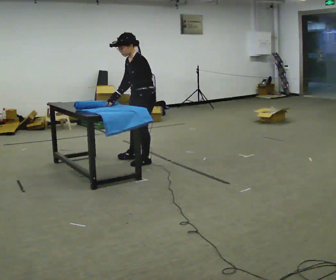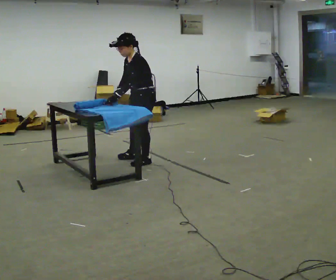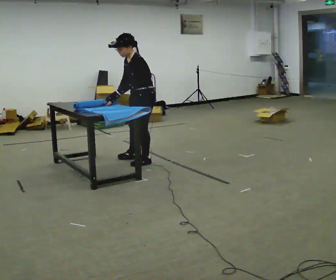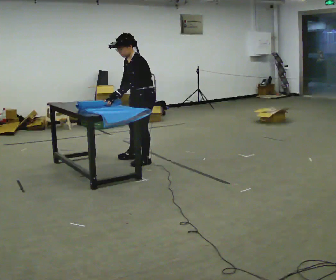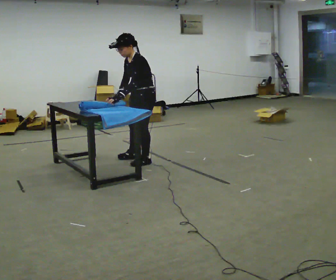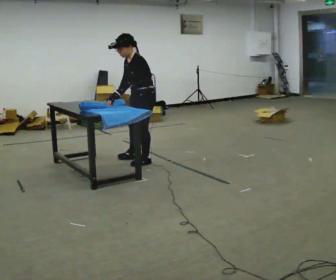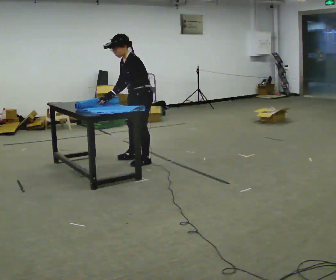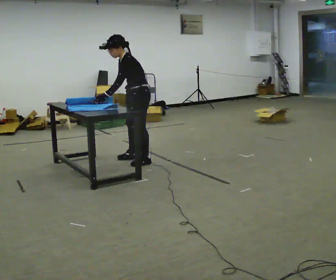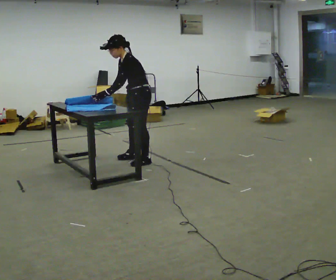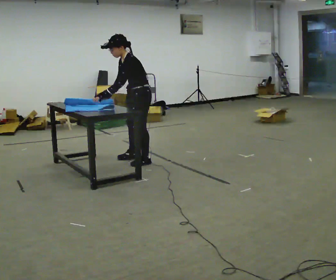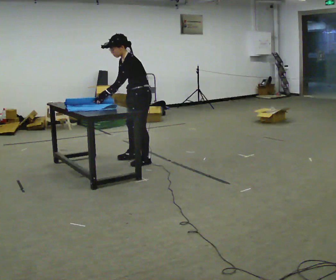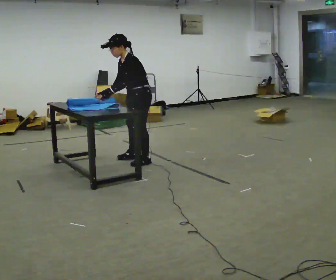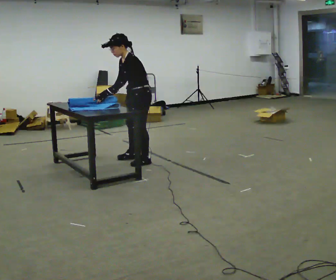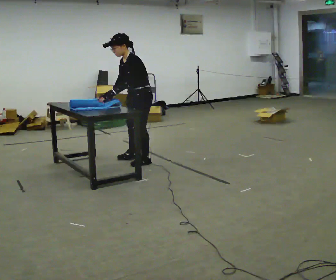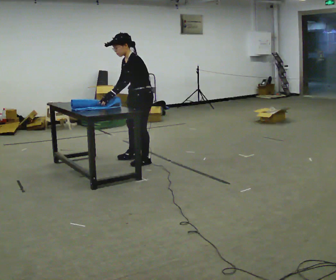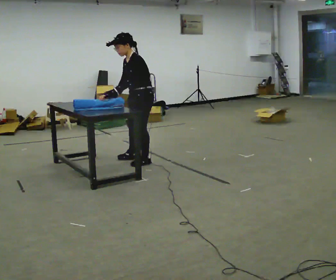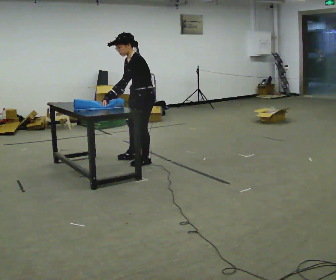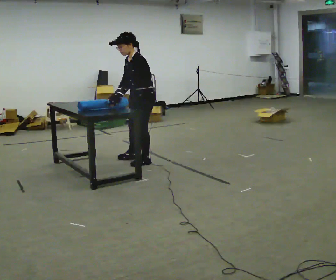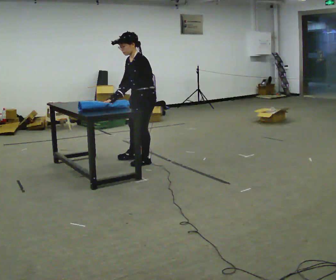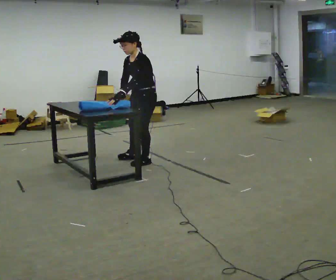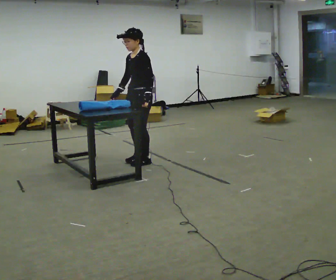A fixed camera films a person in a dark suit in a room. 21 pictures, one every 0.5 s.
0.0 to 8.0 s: The person moves a little, or ends about where they began.
8.0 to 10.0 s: In the picture their left hand goes to the right, the arm swinging counterclockwise.
The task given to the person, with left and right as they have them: Roll the mat up from one end, then unroll it again. Repeat at your own pace until the operator says stop.
The film runs forward here.
